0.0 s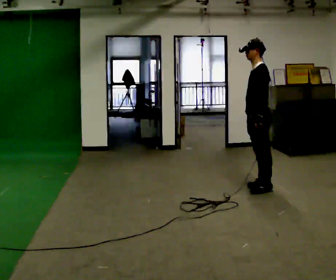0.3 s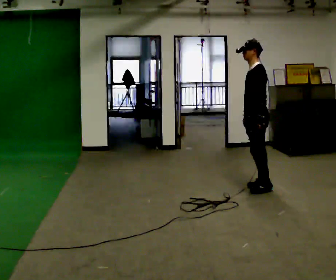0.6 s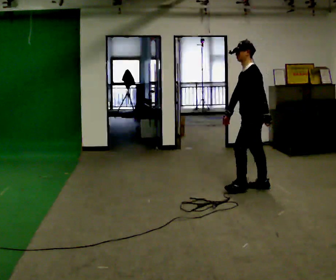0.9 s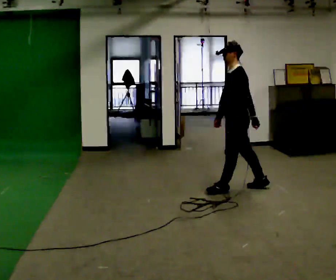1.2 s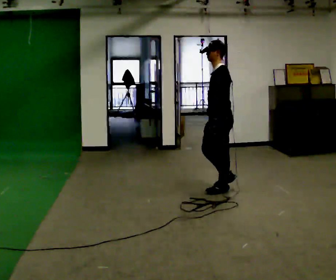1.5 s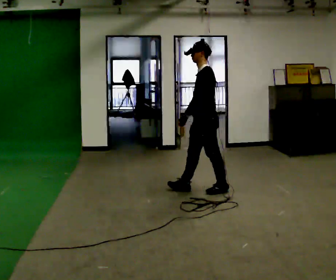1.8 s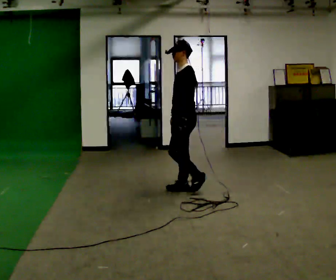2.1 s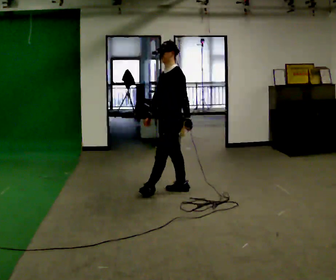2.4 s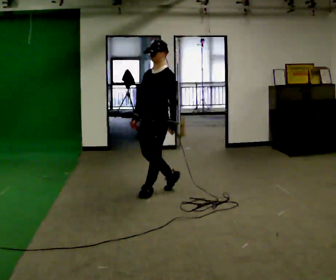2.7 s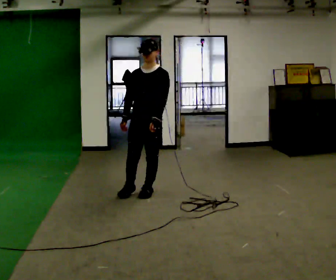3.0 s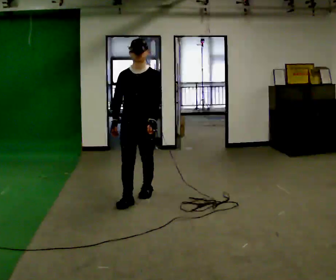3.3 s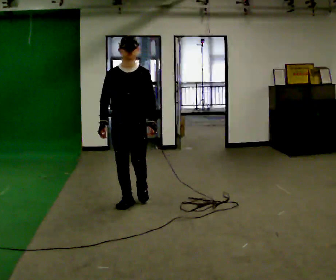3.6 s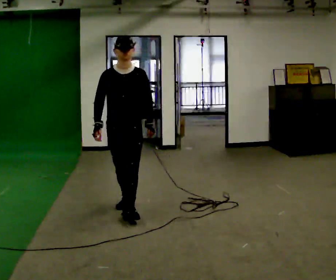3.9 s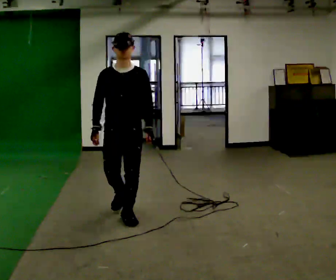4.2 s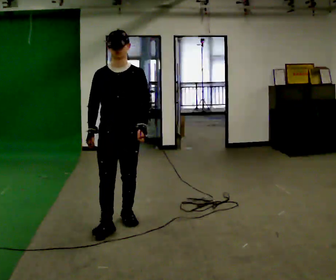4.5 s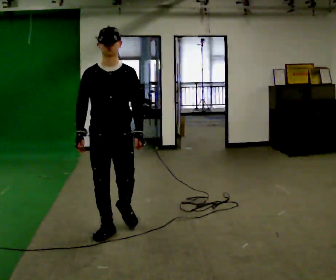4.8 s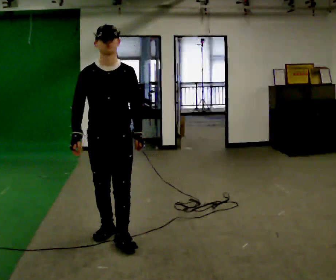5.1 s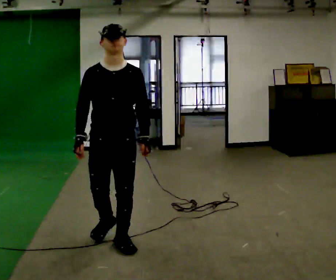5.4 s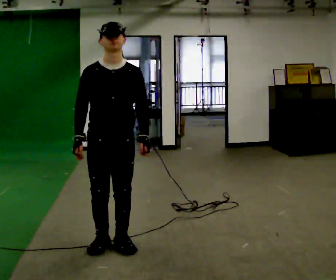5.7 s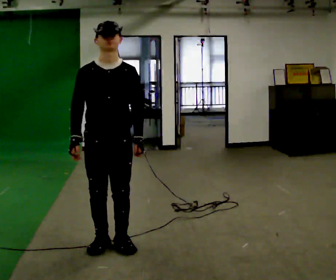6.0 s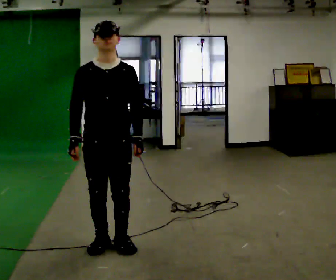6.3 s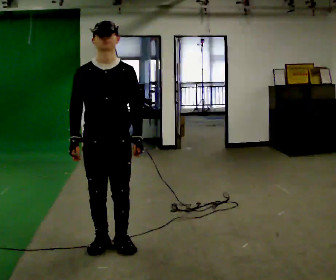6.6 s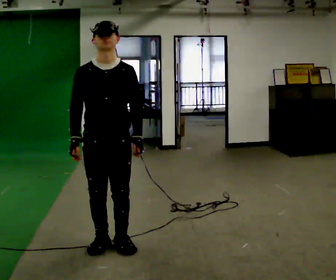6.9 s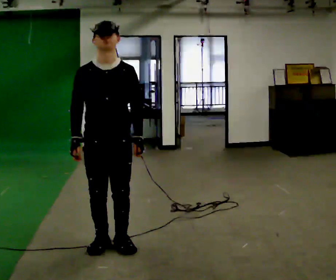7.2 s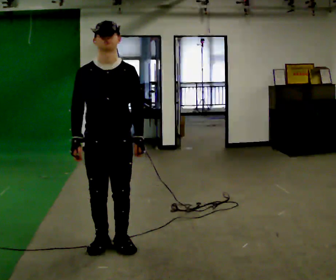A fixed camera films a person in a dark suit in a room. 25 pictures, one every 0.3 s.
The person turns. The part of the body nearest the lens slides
to the right.
The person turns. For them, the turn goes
to their left.
0.0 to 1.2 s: In the picture they go to the left, about 0.5 m in 1 step, which for them is forward.
1.2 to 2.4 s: The part of the body nearest the lens slides to the right as the person turns to their left by about 45 degrees. In the picture they go to the left, about 0.75 m in 2 steps, which for them is forward.
2.4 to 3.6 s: The person turns about 45 degrees to their left, counterclockwise seen from above, so the part of the body nearest the lens slides to the right. In the picture they go toward the camera and to the left, about 0.75 m in 1 step, which for them is forward.
3.6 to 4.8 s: In the picture they go toward the camera, about 0.5 m in 3 steps, which for them is forward.
4.8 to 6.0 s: In the picture they go toward the camera, about 0.25 m in 1 step, which for them is forward.
6.0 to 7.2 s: The person keeps their place and pose.
The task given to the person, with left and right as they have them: Walk; turn 90° left/right; walk several steps; stop.
The film runs forward here.
